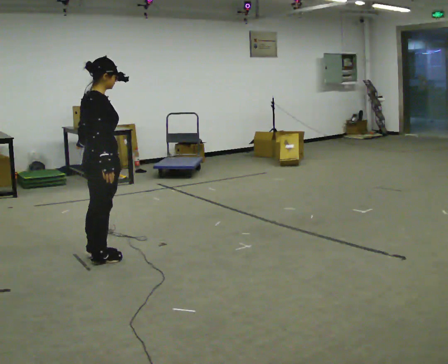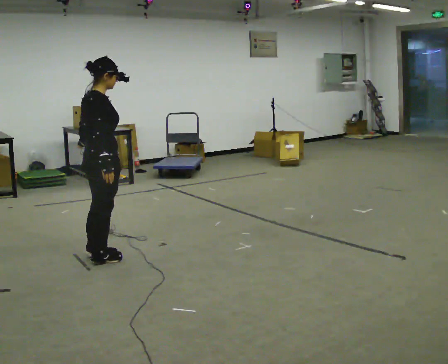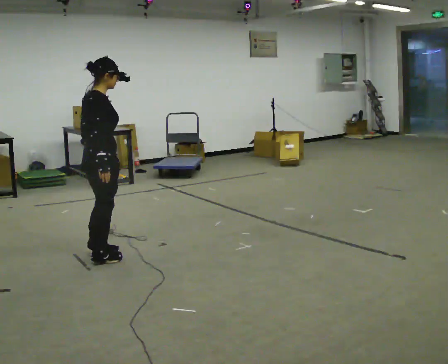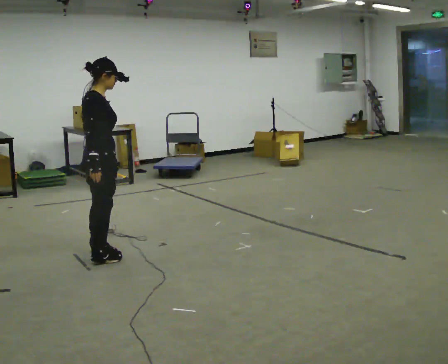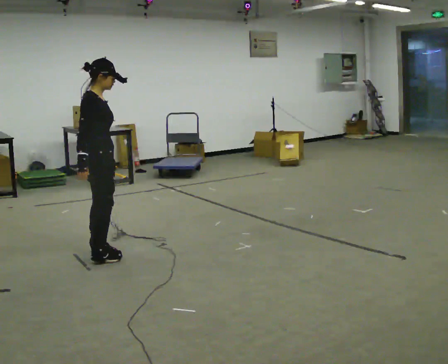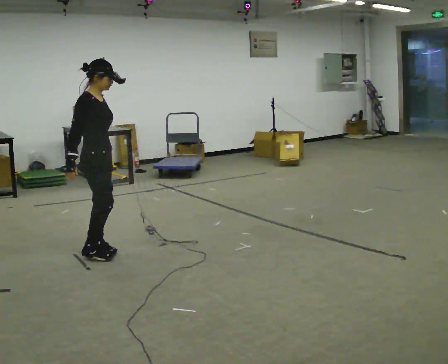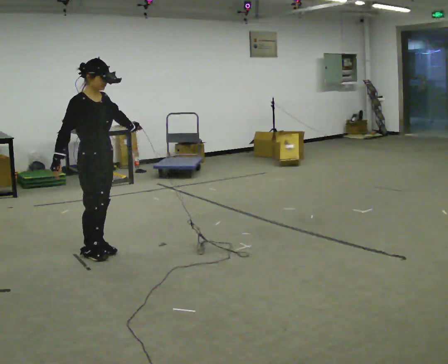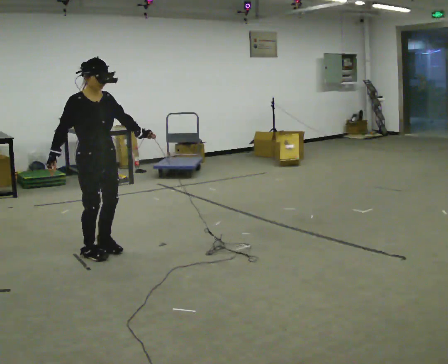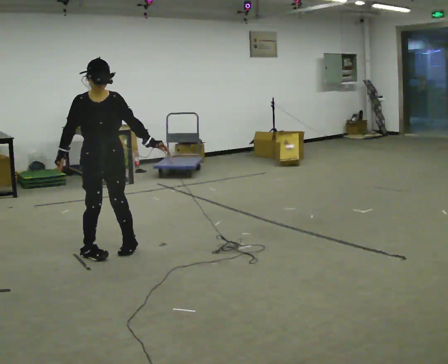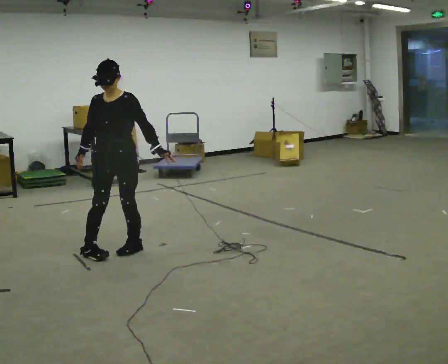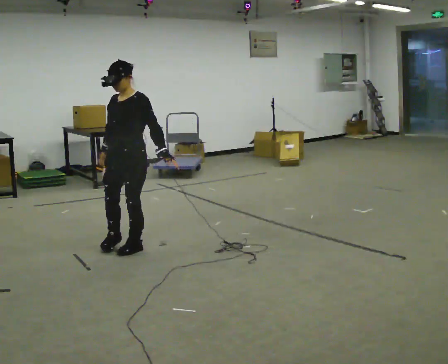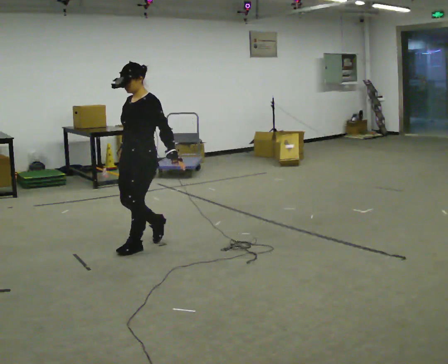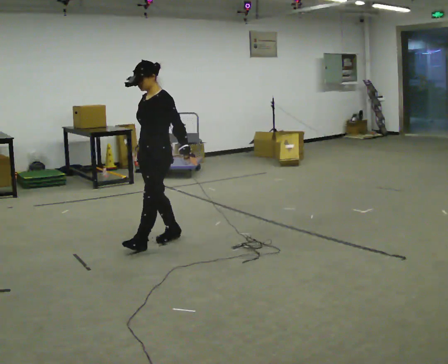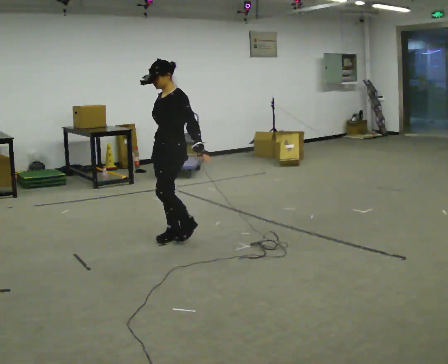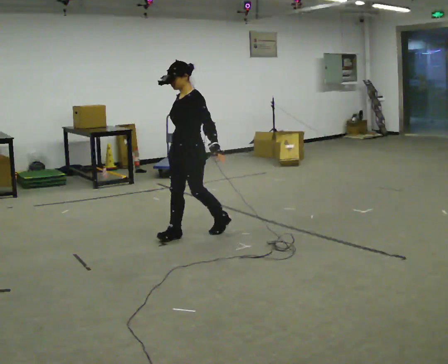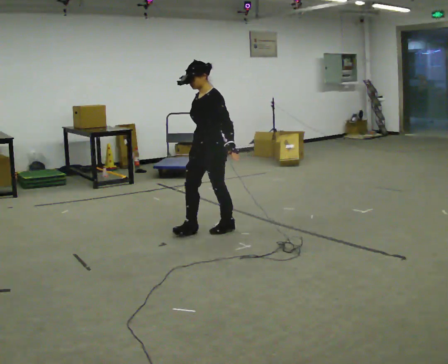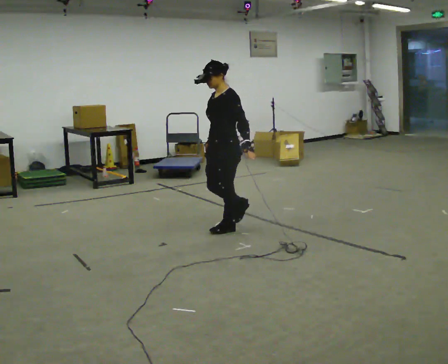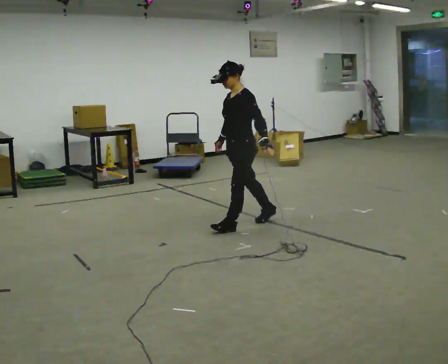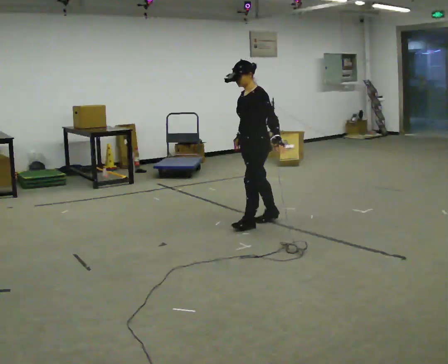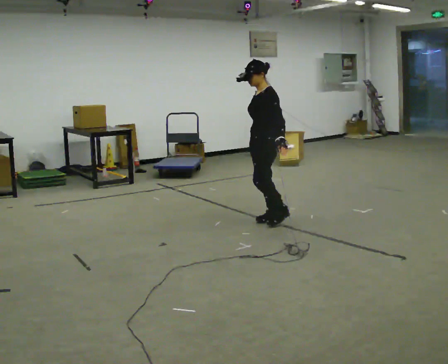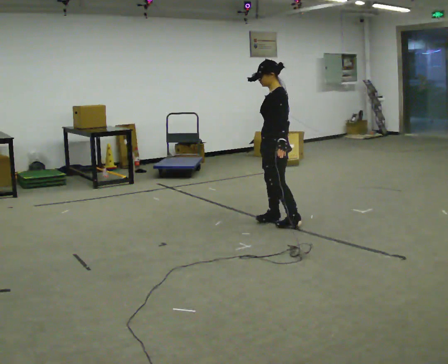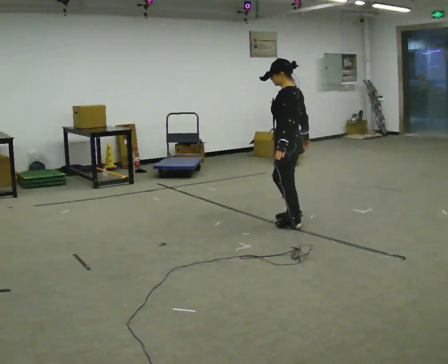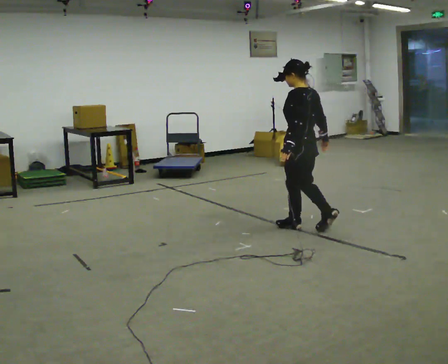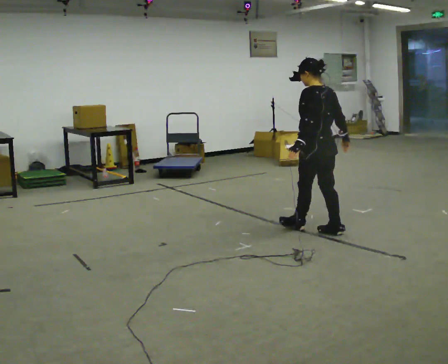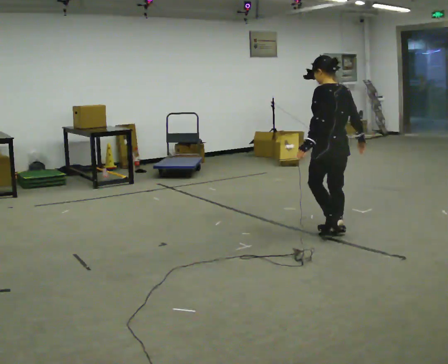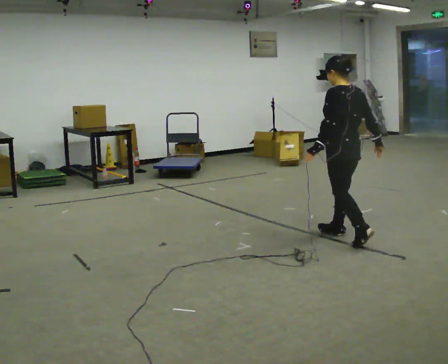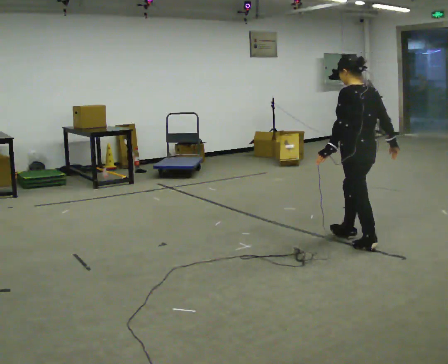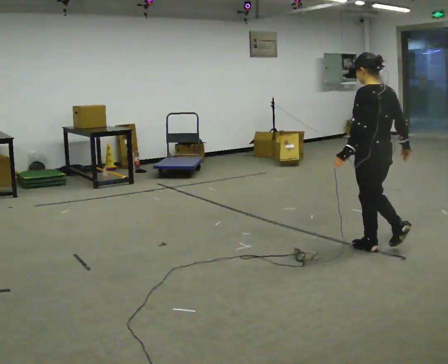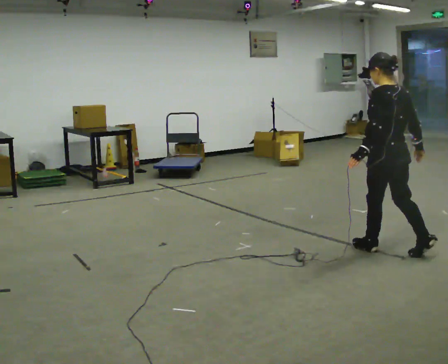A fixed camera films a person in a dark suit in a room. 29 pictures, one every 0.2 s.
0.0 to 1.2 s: Seen from above the body turns clockwise, about 30 degrees: to their right, with its near side sliding to the left.
1.2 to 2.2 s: The person turns about 120 degrees to their right, clockwise seen from above, so the part of the body nearest the lens slides to the left. In the picture they go to the right and away from the camera, about 0.25 m in 2 steps.
2.2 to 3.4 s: The person turns about 30 degrees to their right, clockwise seen from above, so the part of the body nearest the lens slides to the left. In the picture they go to the right and away from the camera, about 1 m in 2 steps, which for them is backward.
3.4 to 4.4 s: Seen from above the body turns clockwise, about 60 degrees: to their right, with its near side sliding to the left. In the picture they go to the right, about 0.5 m in 2 steps.
4.4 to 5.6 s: In the picture they go toward the camera and to the right, about 1 m in 2 steps, which for them is backward.
The film runs backward here.
